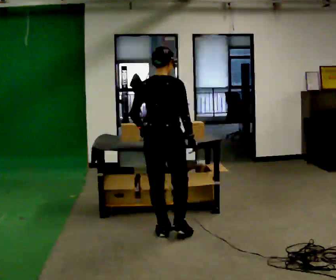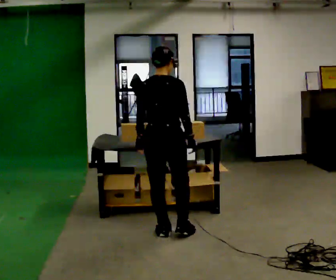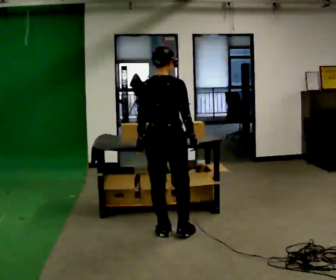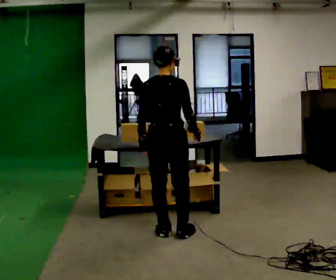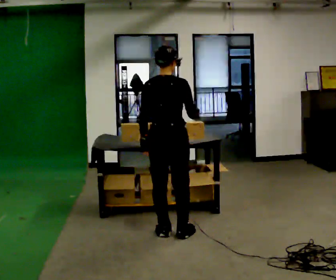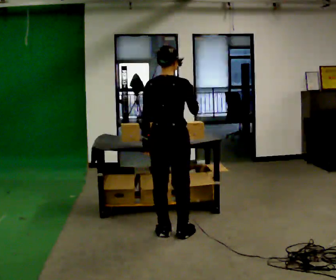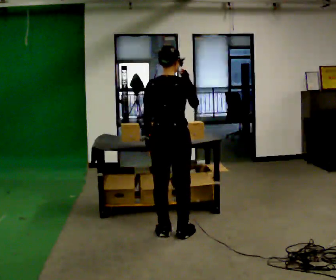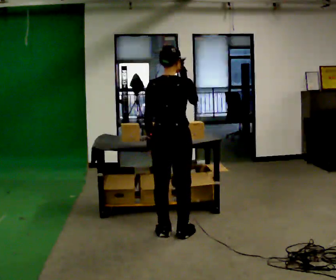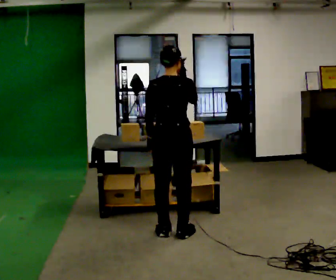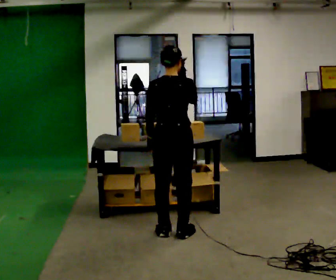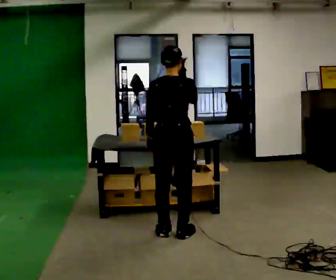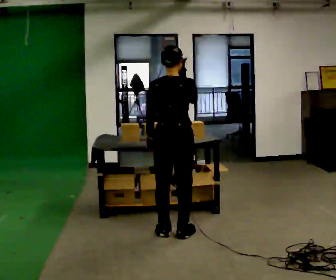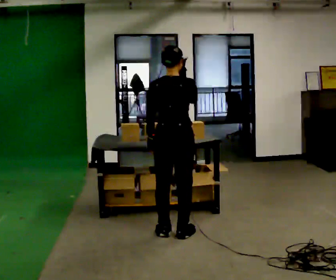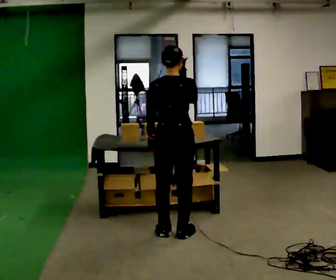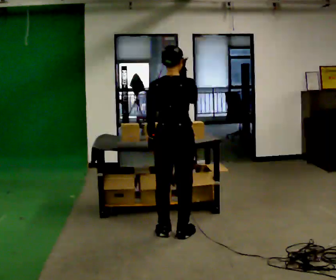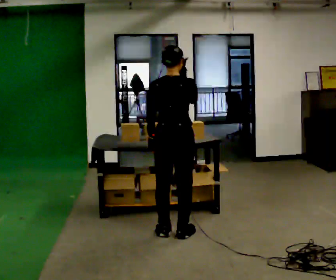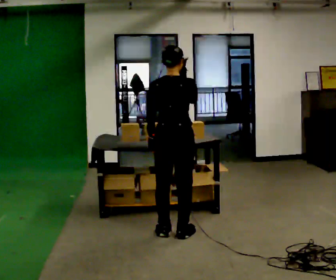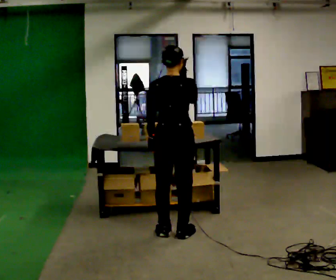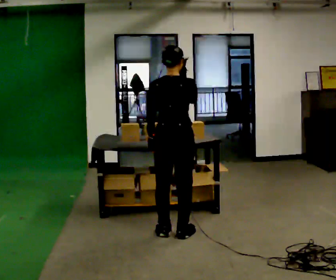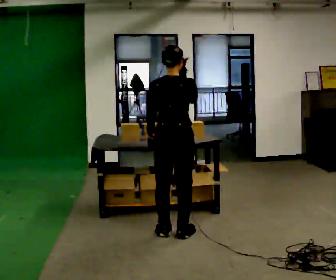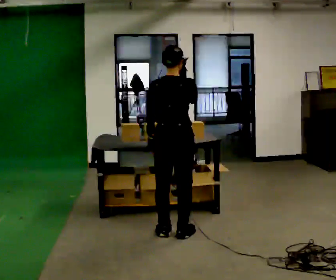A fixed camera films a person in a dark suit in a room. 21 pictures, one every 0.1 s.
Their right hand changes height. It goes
upward.
0.0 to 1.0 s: In the picture their right hand goes upward.
1.0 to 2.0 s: The person keeps their place and pose.
The film runs forward here.
